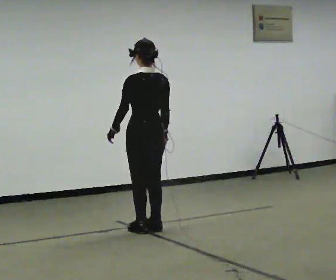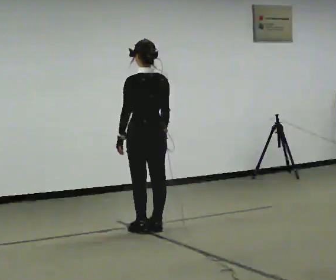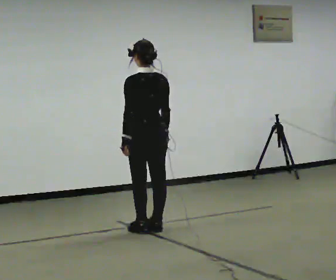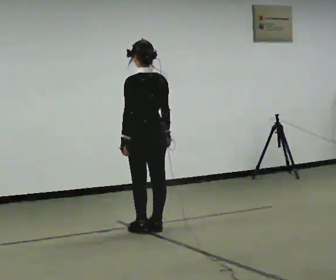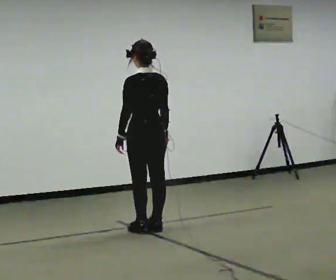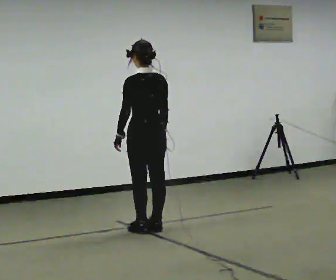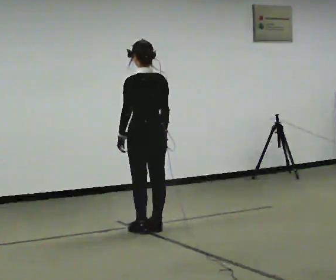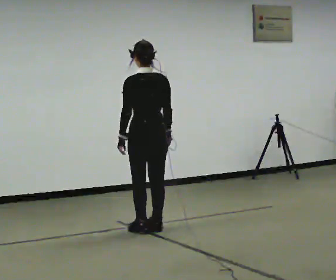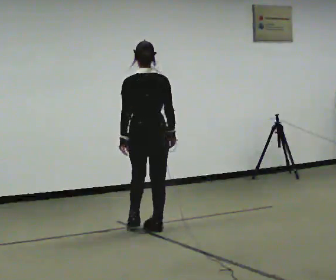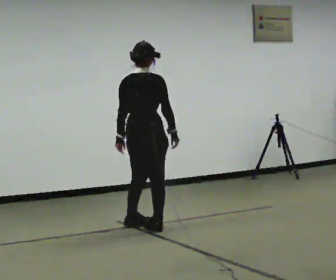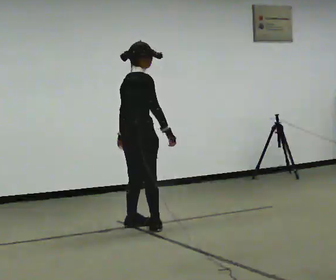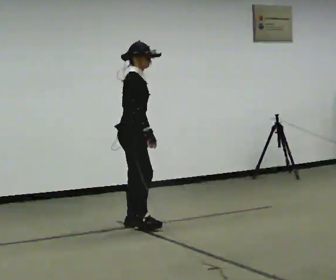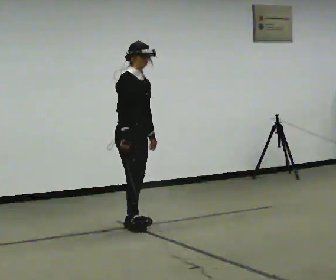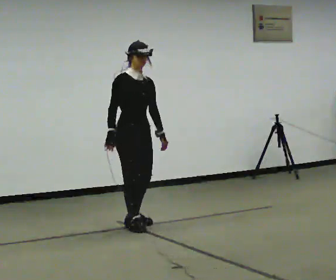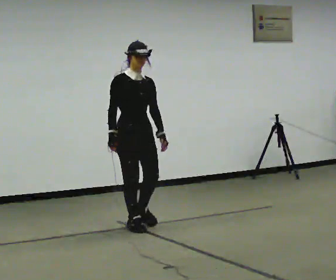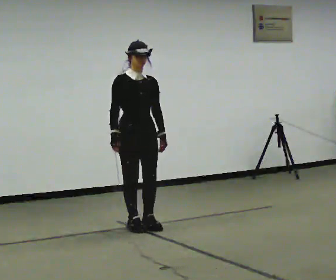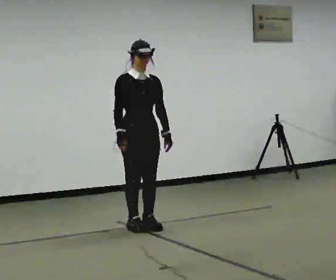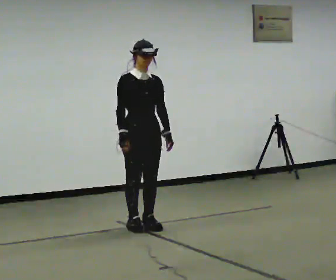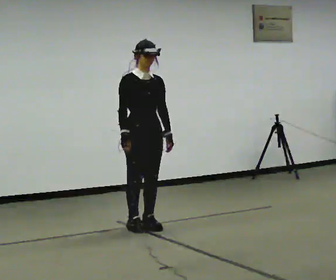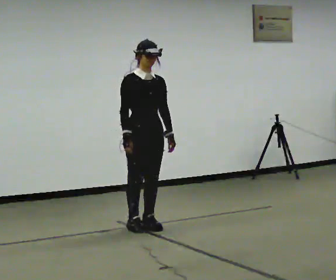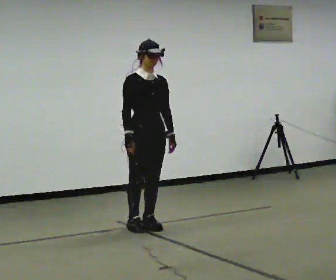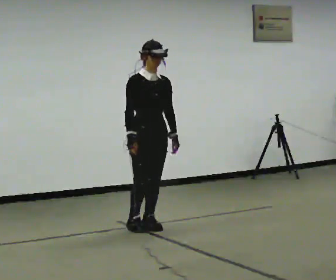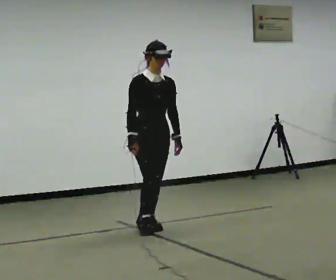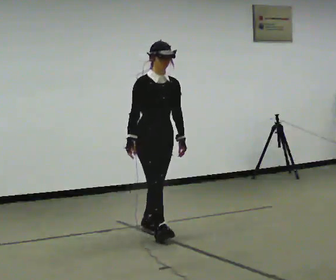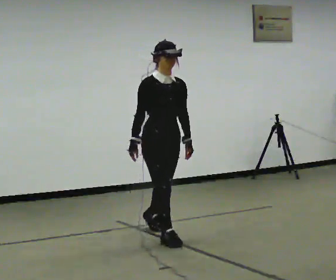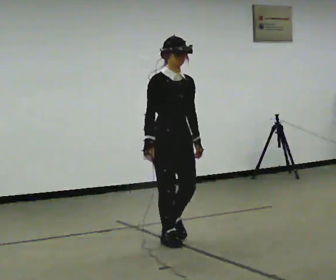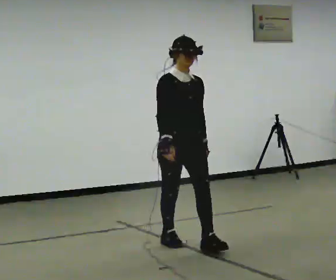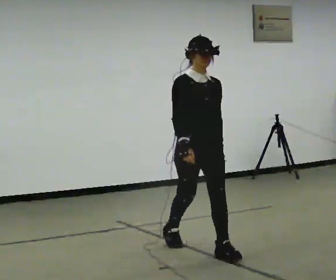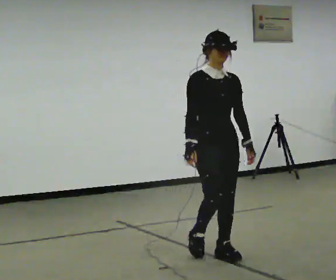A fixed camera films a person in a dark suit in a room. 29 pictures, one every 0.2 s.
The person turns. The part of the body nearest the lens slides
to the left.
The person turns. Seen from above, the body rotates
clockwise.
0.0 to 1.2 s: The person moves a little, or ends about where they began.
1.2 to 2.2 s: Seen from above the body turns clockwise, about 120 degrees: to their right, with its near side sliding to the left. In the picture they go away from the camera and to the left, about 0.25 m in 1 step.
2.2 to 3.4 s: The part of the body nearest the lens slides to the left as the person turns to their right by about 60 degrees.
3.4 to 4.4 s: The person moves a little, or ends about where they began.
4.4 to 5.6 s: In the picture they go toward the camera and to the right, about 1 m in 2 steps, which for them is forward.
The film runs forward here.
